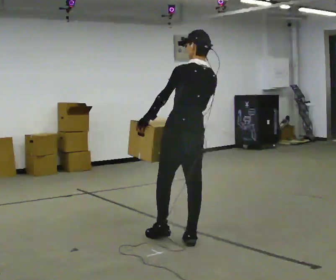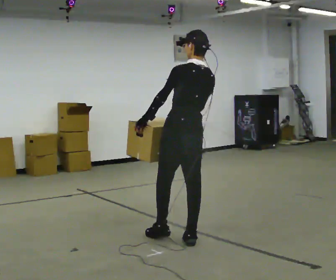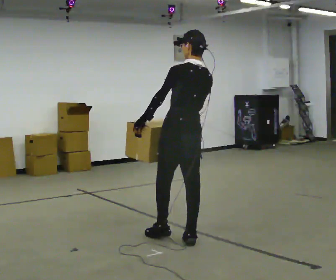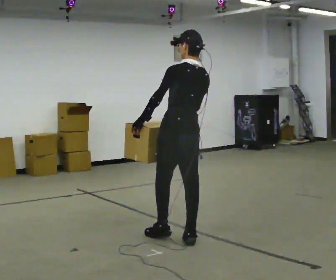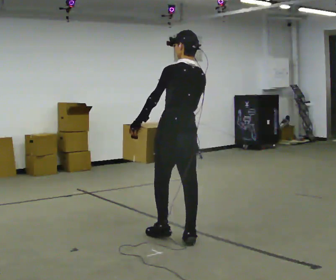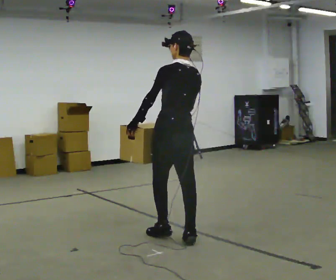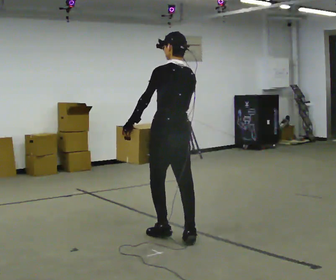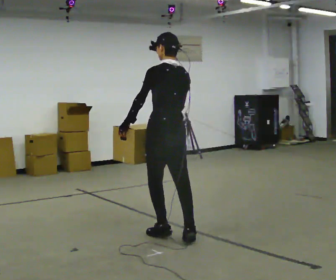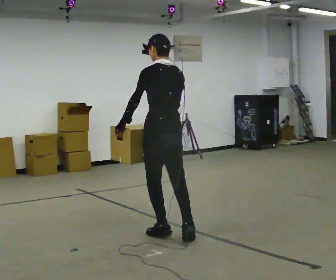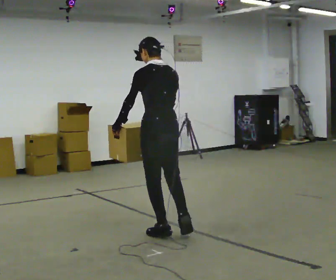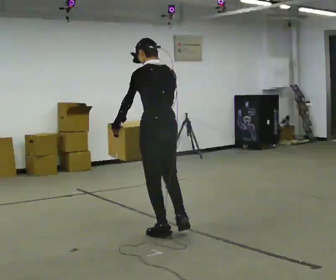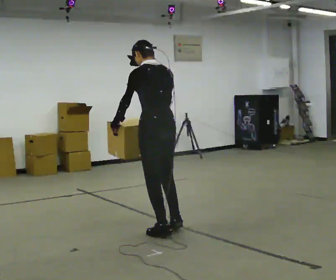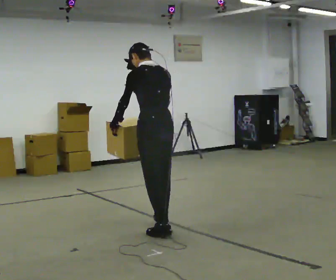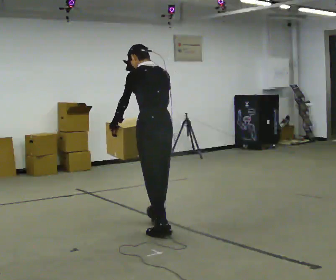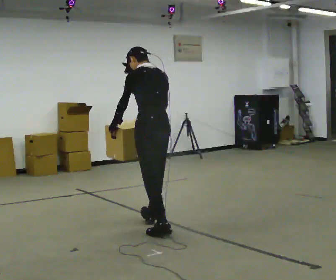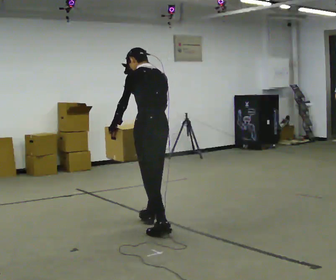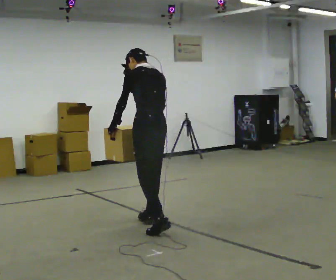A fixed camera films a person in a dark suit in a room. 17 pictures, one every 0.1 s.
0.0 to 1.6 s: In the picture they go away from the camera and to the left, about 0.5 m in 1 step, which for them is forward. In the picture the upper body tilts counterclockwise, shoulders to the left, as they bend forward.
The film runs forward here.
